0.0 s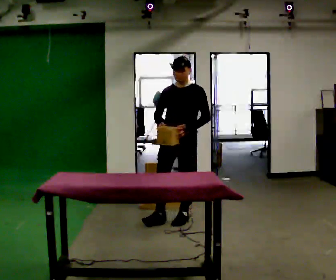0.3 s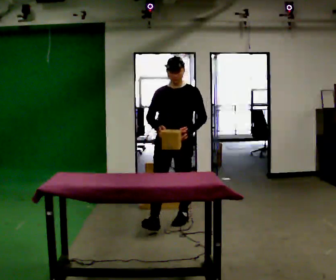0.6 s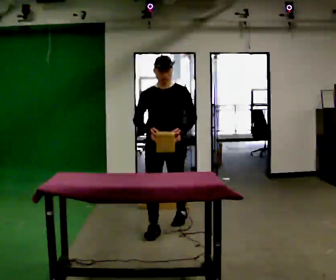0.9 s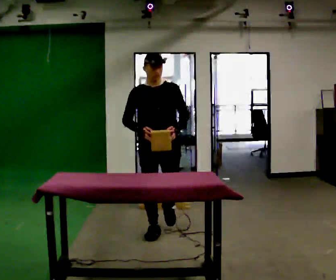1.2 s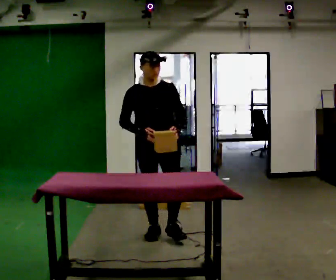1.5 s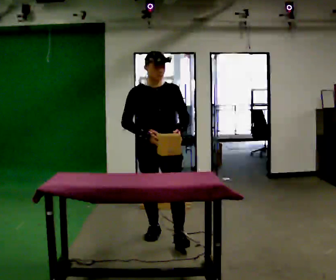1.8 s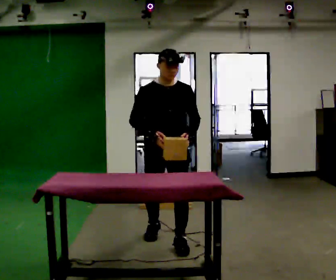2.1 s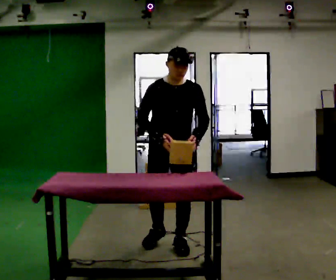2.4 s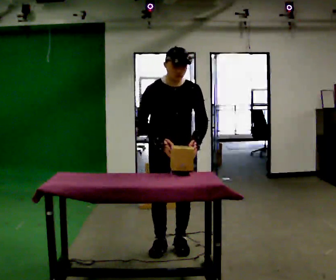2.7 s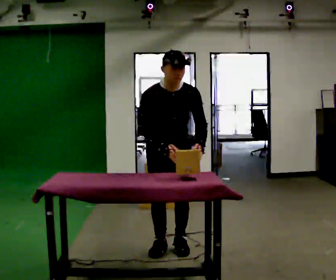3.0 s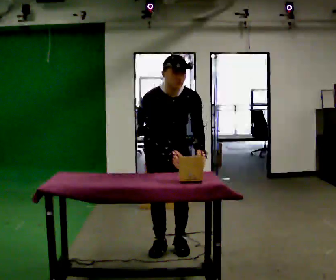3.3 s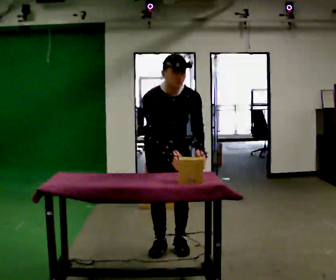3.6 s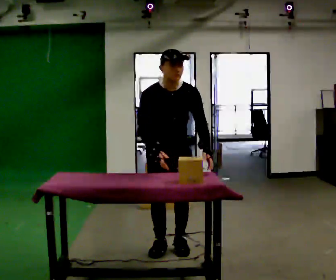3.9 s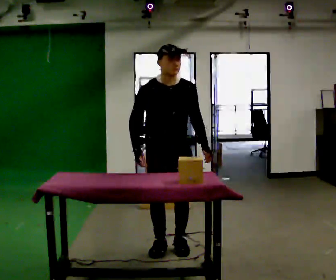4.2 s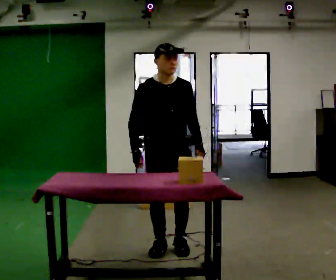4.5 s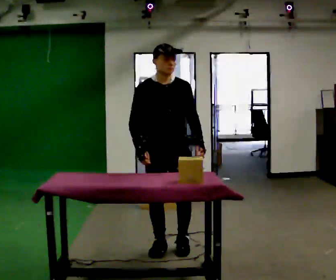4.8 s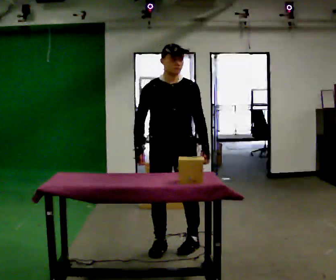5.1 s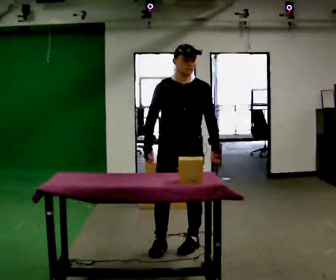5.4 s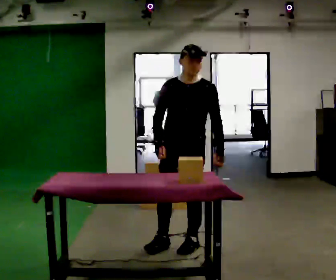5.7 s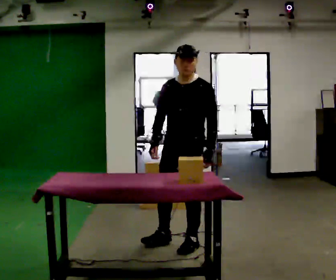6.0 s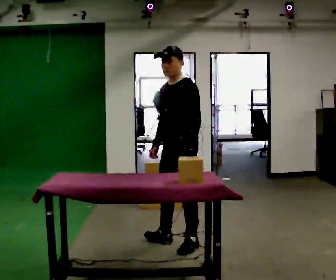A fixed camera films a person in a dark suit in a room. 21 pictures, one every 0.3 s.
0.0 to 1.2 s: The part of the body nearest the lens slides to the right as the person turns to their left by about 30 degrees. In the picture they go toward the camera and to the left, about 0.5 m in 1 step, which for them is forward and to their right.
1.2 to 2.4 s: In the picture they go toward the camera, about 0.5 m in 2 steps, which for them is forward.
2.4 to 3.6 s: The person moves a little, or ends about where they began.
3.6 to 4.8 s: The upper body tips away from the camera, its near side rolling upward, as they lean back or straighten.
4.8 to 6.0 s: The part of the body nearest the lens slides to the left as the person turns to their right by about 60 degrees.
The film runs forward here.
